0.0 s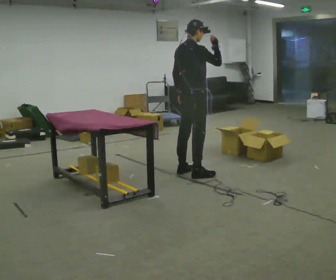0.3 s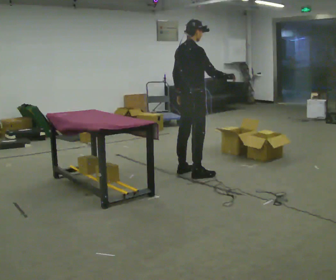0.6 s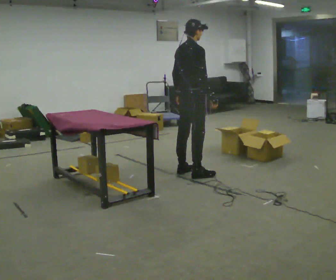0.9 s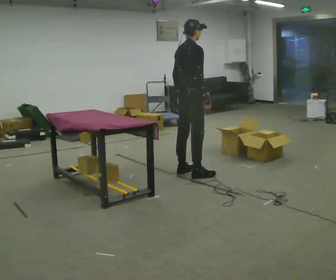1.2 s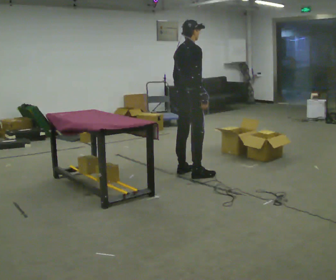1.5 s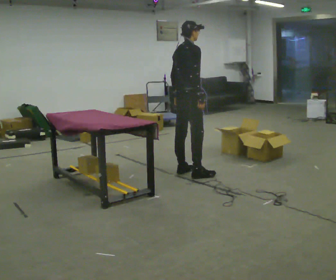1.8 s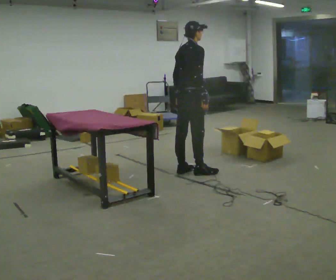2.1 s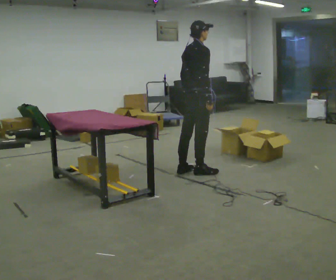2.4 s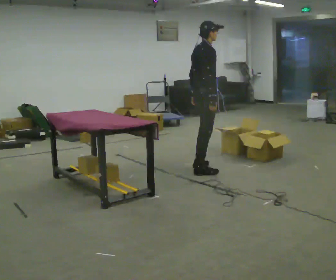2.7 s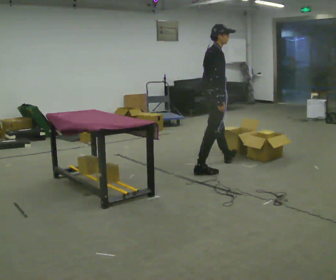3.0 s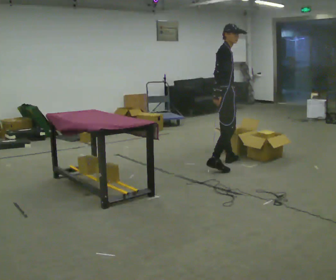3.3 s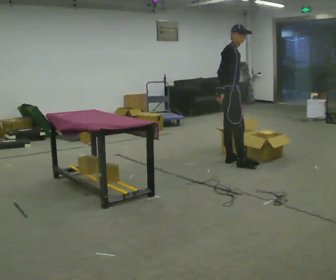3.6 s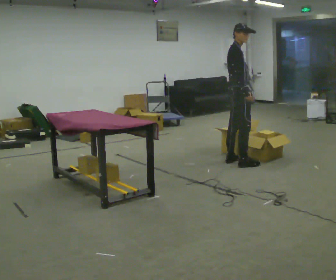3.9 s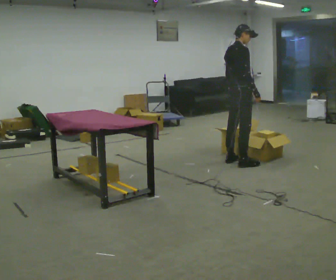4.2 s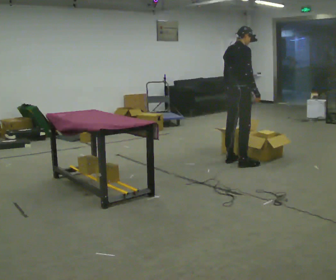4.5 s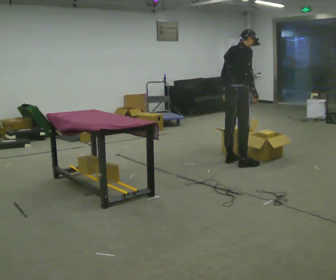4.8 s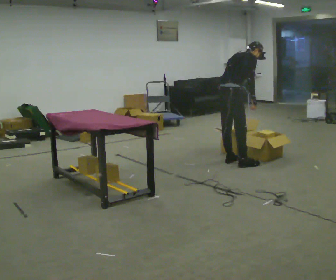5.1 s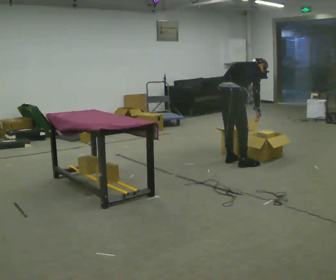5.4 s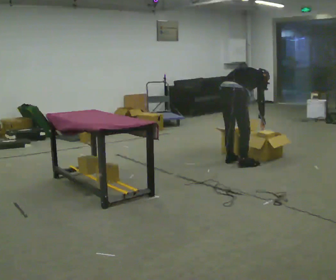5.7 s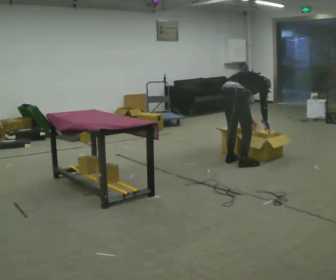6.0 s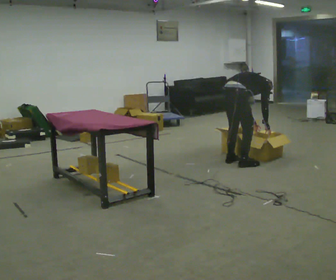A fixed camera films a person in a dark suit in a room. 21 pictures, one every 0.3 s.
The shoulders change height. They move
downward.
Their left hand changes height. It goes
downward.
0.0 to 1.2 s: In the picture their right hand goes downward.
1.2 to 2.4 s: In the picture they go to the right, about 0.25 m in 1 step, which for them is forward.
2.4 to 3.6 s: Seen from above the body turns clockwise, about 30 degrees: to their right, with its near side sliding to the left. In the picture they go to the right and away from the camera, about 0.5 m in 1 step, which for them is forward and to their left.
3.6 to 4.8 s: The part of the body nearest the lens slides to the right as the person turns to their left by about 30 degrees. In the picture the upper body tilts clockwise, shoulders to the right, as they bend forward.
4.8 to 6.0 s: The upper body goes downward. The upper body tips away from the camera, its near side rolling upward, as they bend forward. In the picture their right hand goes downward.
The film runs backward here.
